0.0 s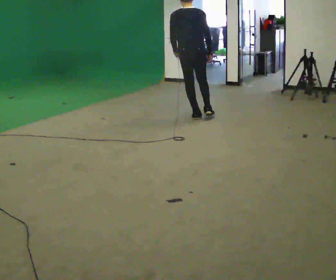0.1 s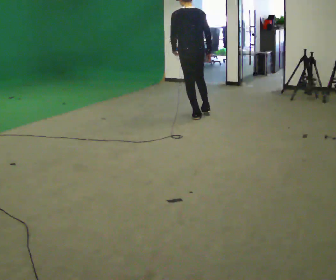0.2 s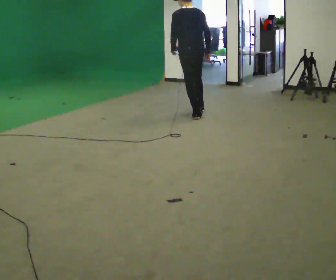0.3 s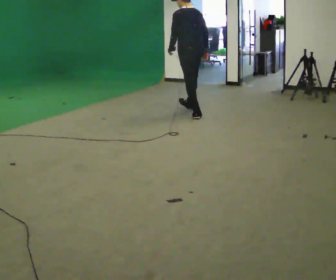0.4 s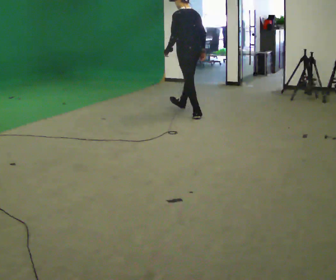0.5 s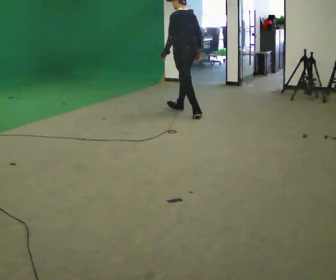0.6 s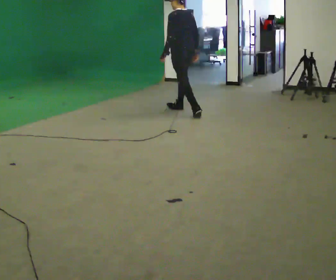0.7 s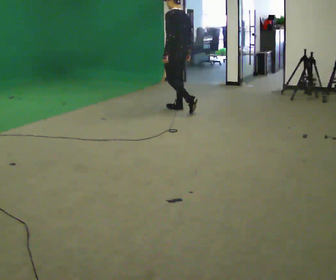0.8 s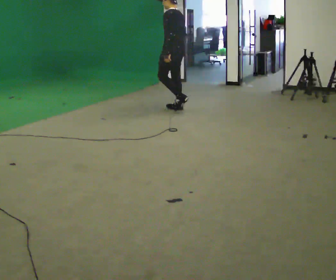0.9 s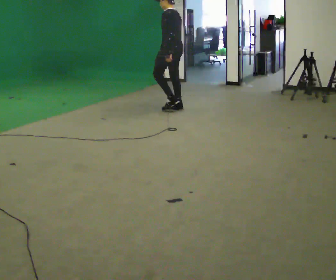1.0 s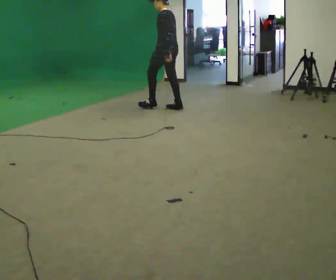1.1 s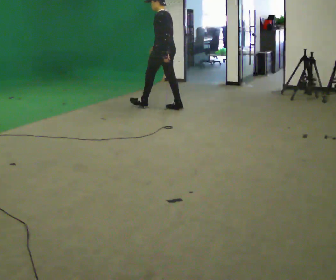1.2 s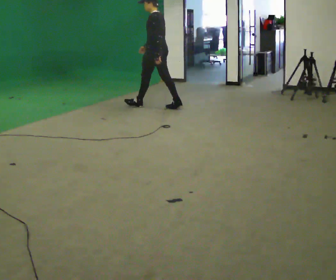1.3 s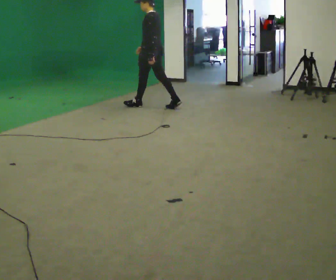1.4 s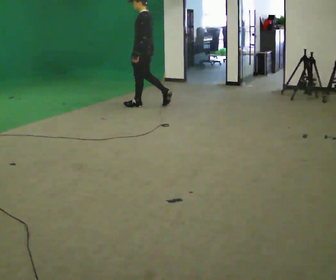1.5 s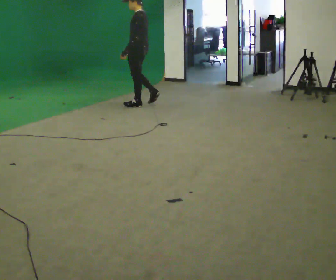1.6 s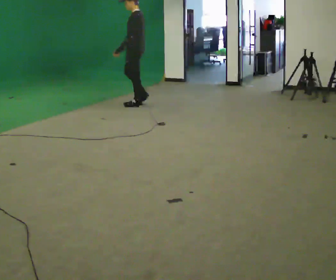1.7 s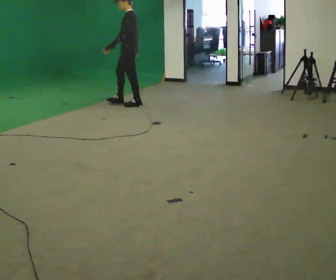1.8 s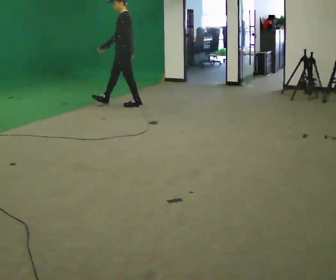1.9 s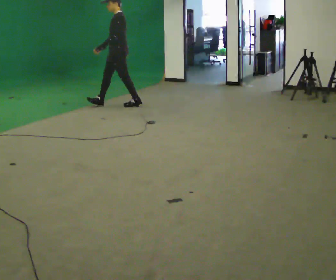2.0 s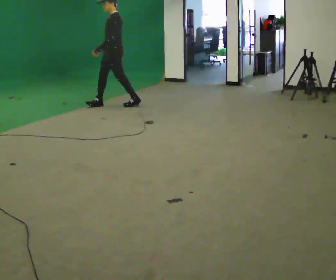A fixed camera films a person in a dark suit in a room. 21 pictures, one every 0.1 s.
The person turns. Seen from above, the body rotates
counterclockwise.
The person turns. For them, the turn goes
to their left.
0.0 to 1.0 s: The person turns about 60 degrees to their left, counterclockwise seen from above, so the part of the body nearest the lens slides to the right. In the picture they go away from the camera and to the left, about 0.75 m in 1 step, which for them is forward.
1.0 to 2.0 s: Seen from above the body turns counterclockwise, about 45 degrees: to their left, with its near side sliding to the right. In the picture they go to the left, about 1 m in 2 steps, which for them is forward.
The film runs forward here.
